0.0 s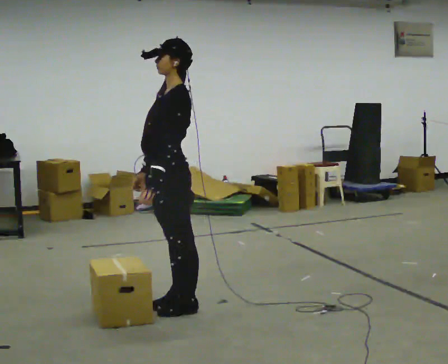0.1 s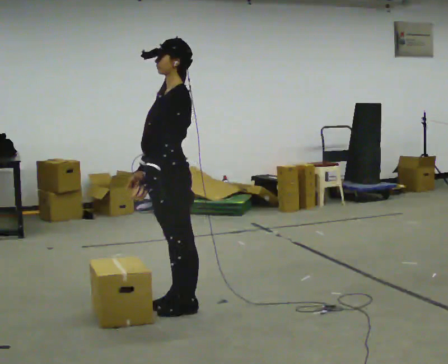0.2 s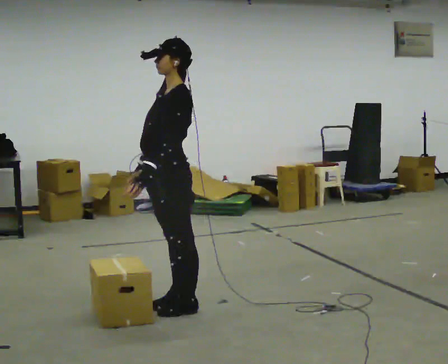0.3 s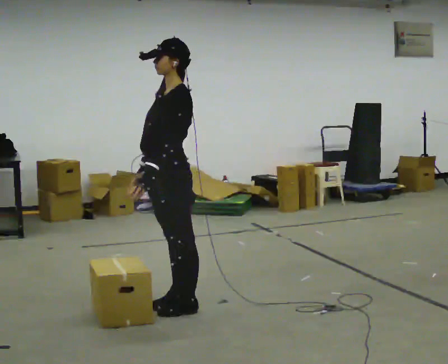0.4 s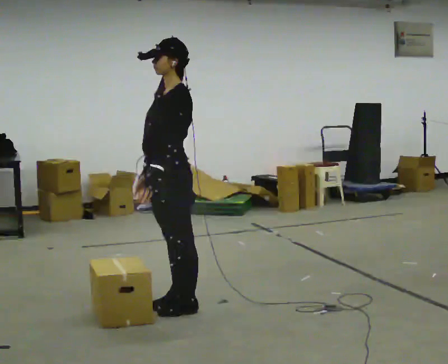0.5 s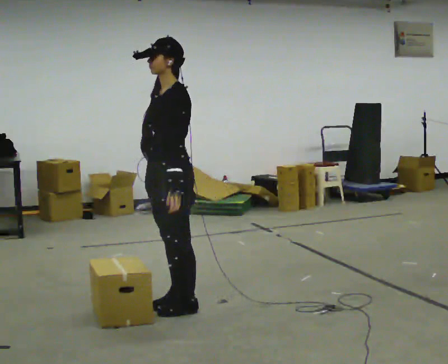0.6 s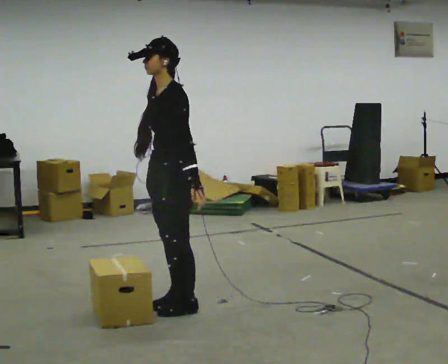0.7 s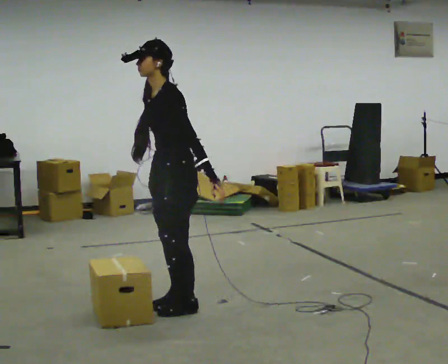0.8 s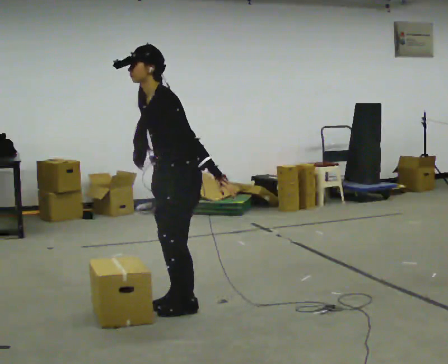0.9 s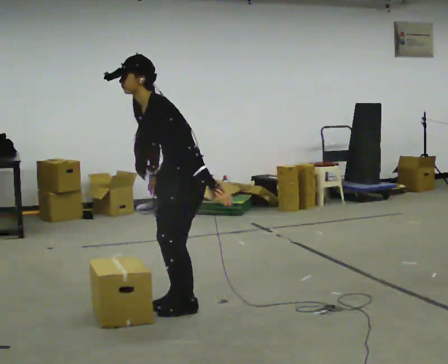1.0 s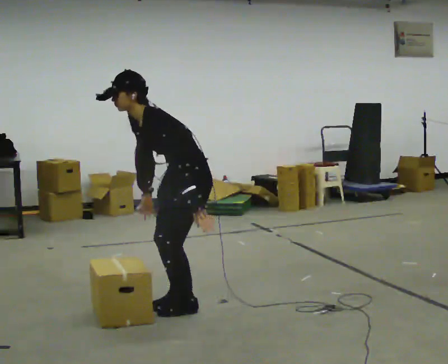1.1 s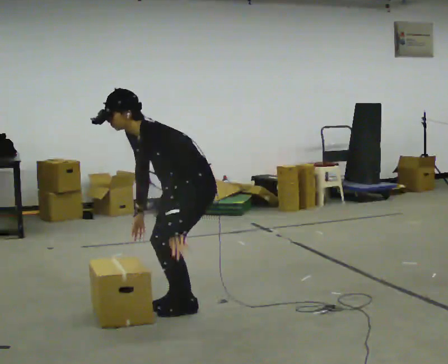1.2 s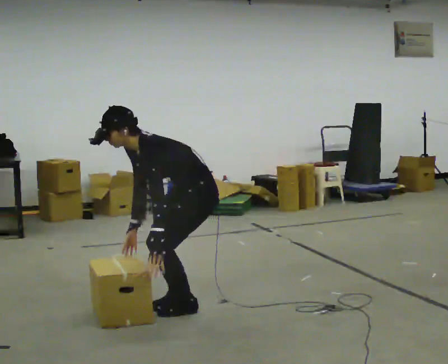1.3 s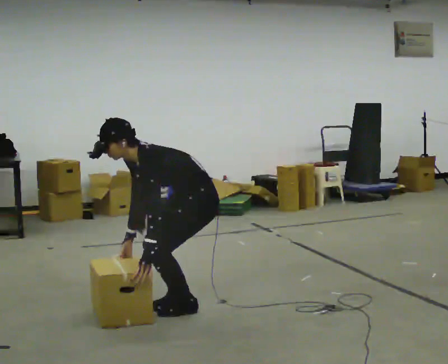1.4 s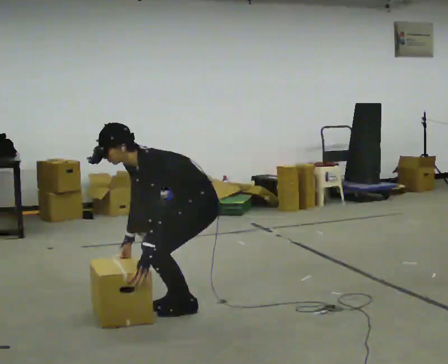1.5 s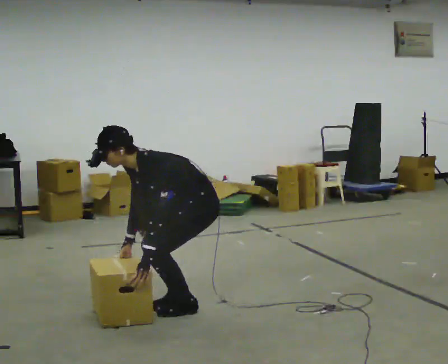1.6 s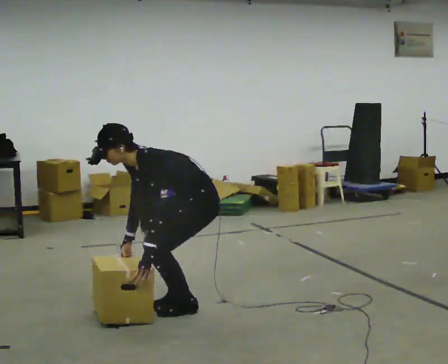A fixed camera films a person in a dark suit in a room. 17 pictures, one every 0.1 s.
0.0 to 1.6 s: In the picture they go to the right, about 0.25 m, which for them is backward. The upper body goes downward. In the picture the upper body tilts counterclockwise, shoulders to the left, as they bend forward. In the picture their left hand goes downward.
The film runs backward here.
